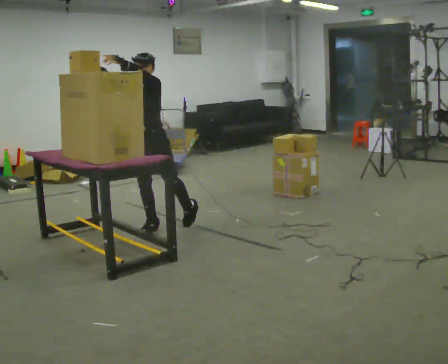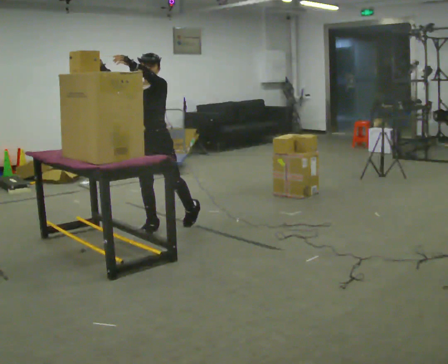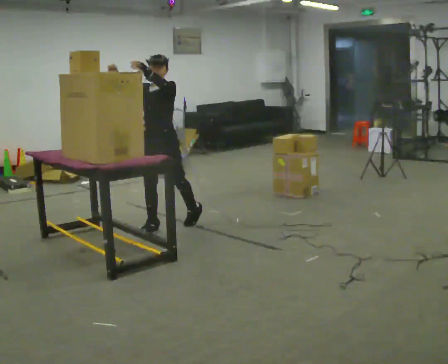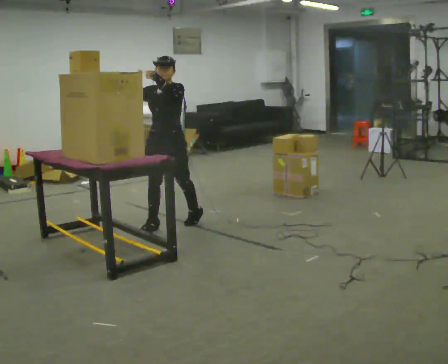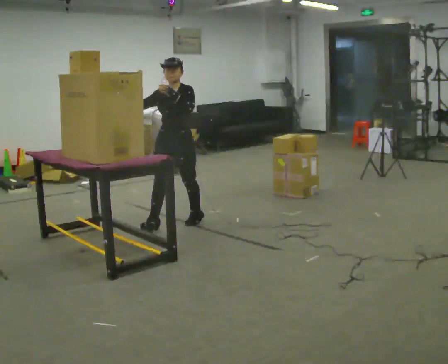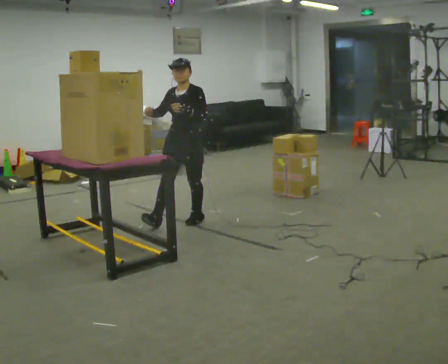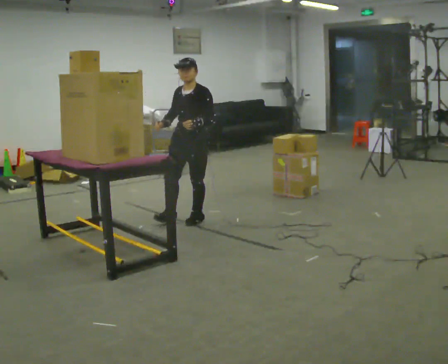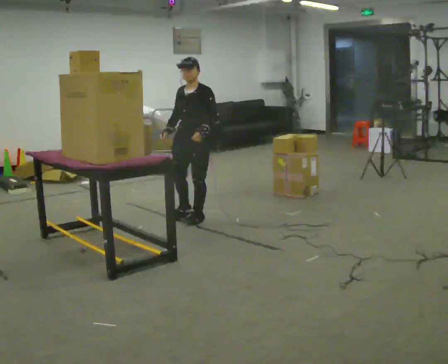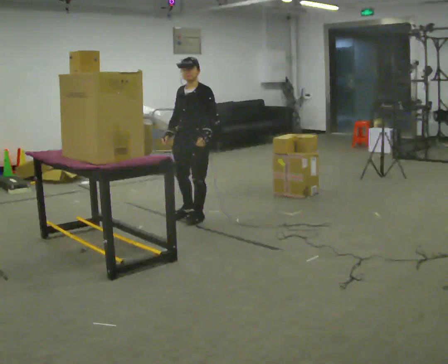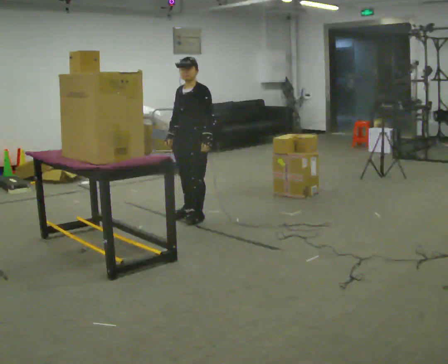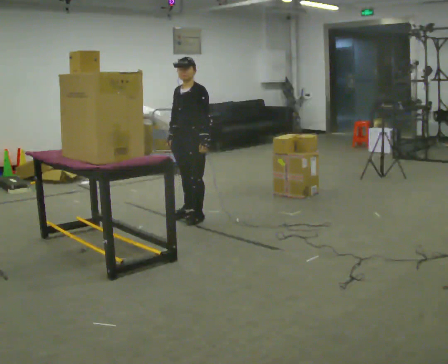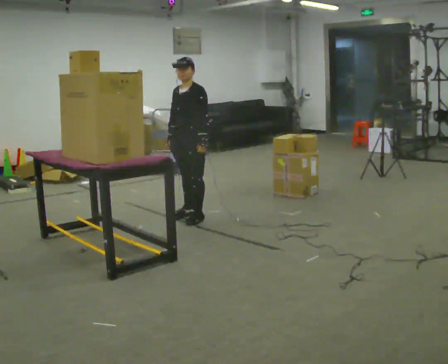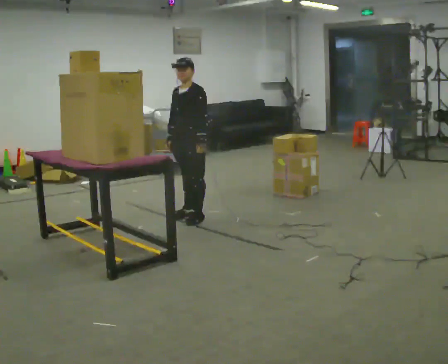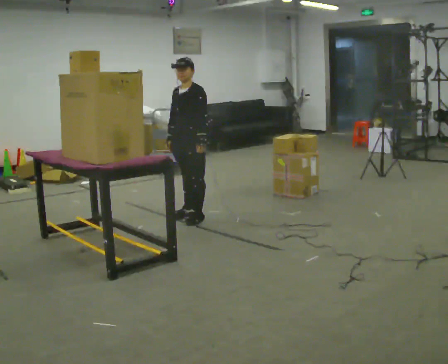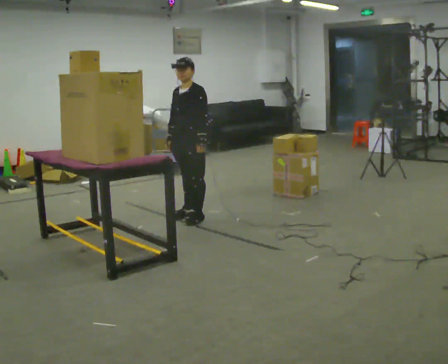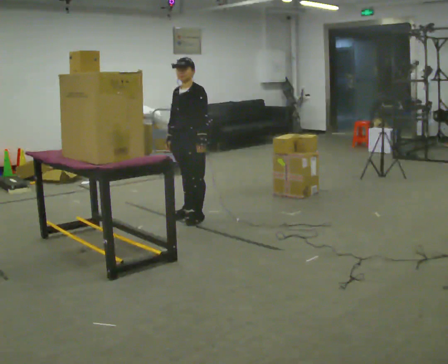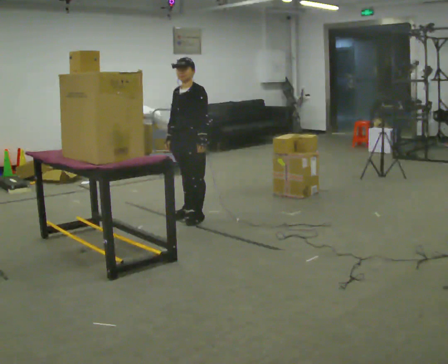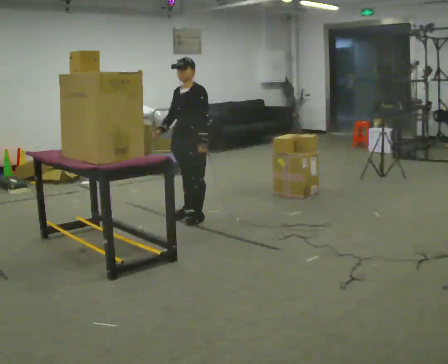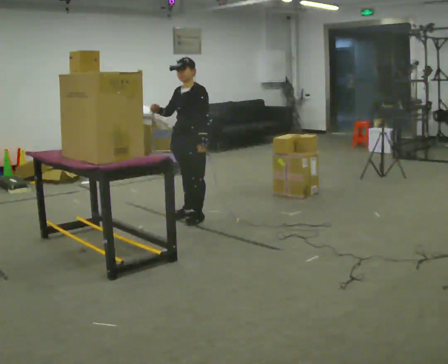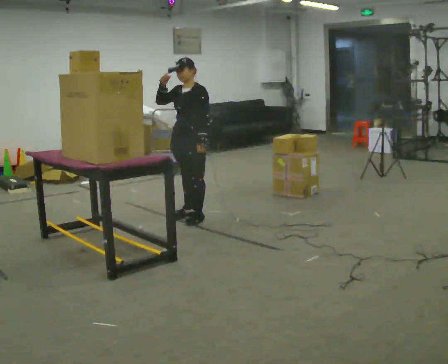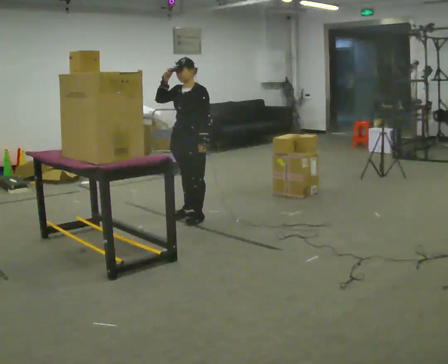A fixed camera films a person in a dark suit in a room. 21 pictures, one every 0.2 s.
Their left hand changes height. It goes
downward.
0.0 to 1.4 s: In the picture they go to the right and away from the camera, about 0.5 m, which for them is backward. In the picture their right hand goes downward, the arm swinging counterclockwise.
1.4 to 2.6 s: The person moves a little, or ends about where they began.
2.6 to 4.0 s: In the picture their right hand goes upward.
The film runs forward here.
